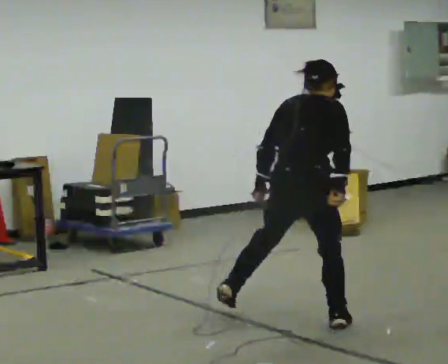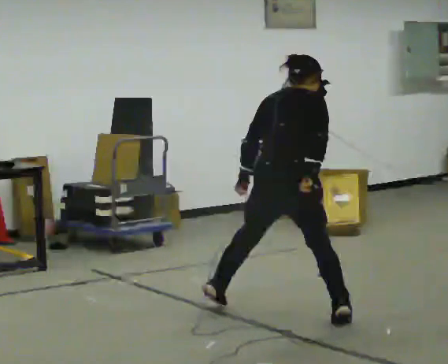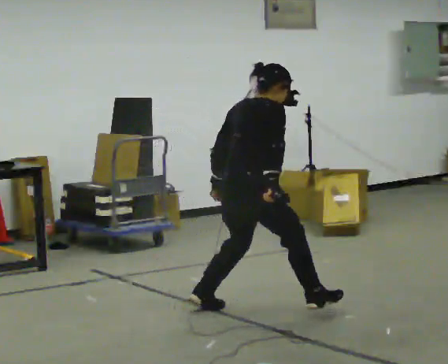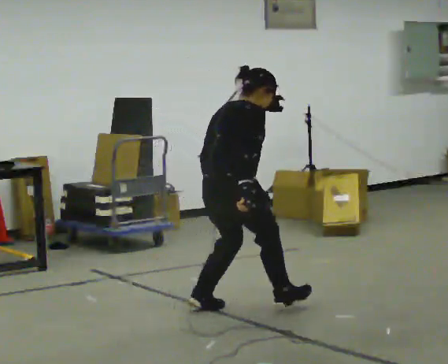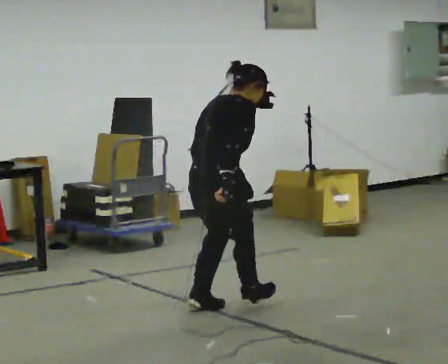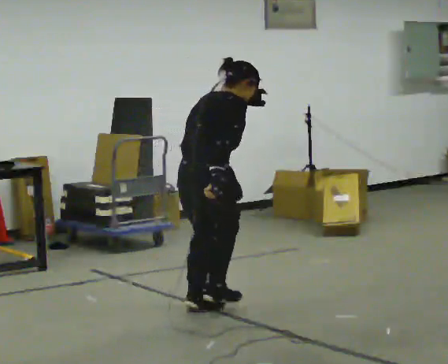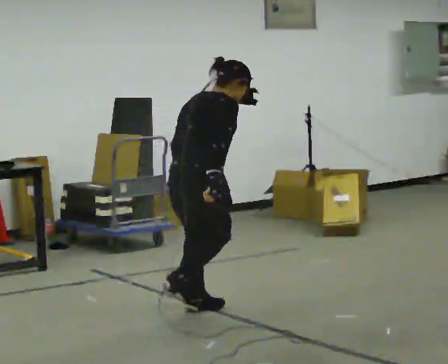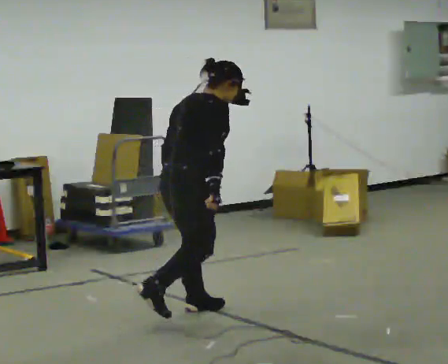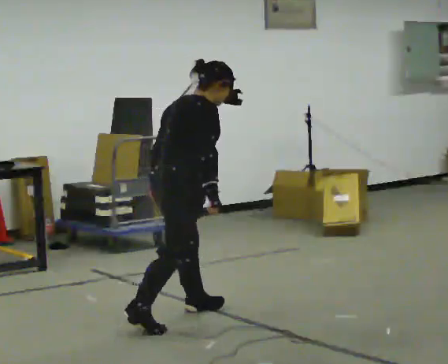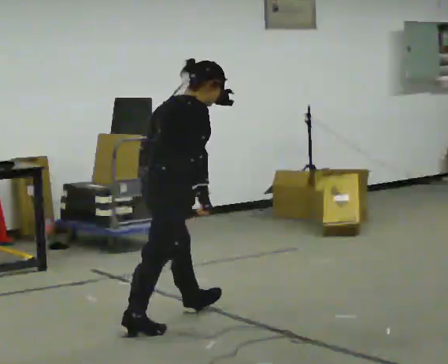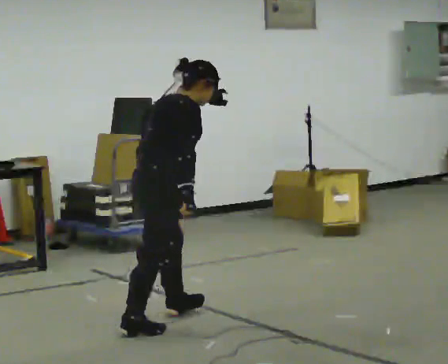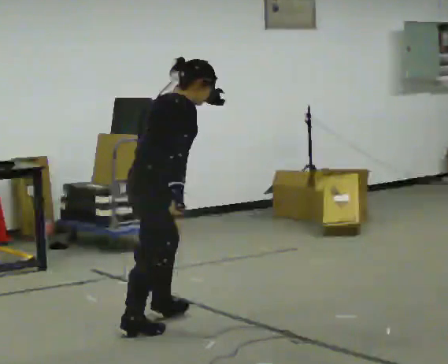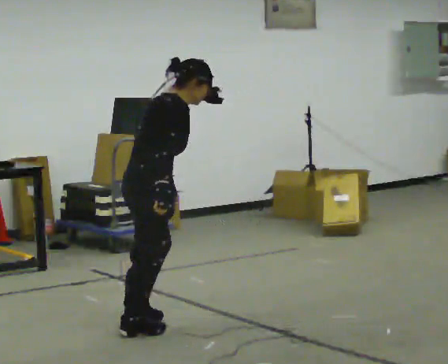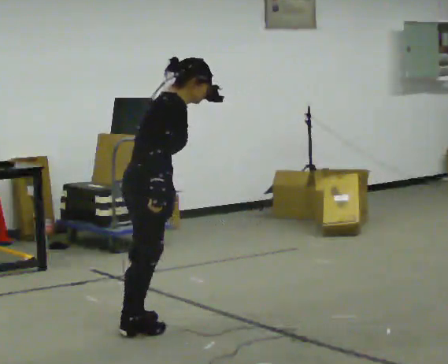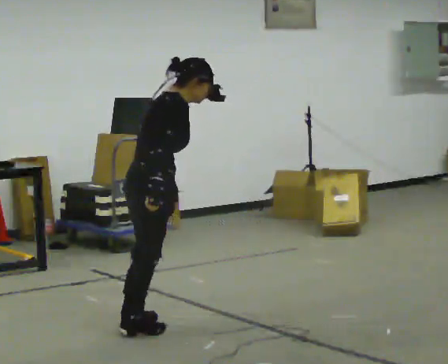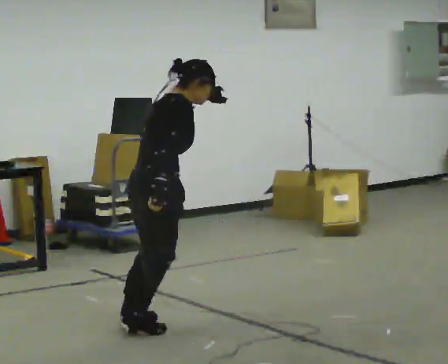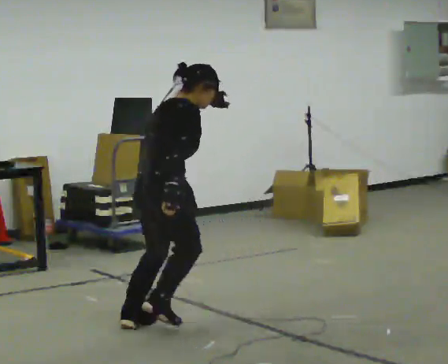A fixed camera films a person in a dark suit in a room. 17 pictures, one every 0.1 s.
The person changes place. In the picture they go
to the left.
0.0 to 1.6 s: The part of the body nearest the lens slides to the left as the person turns to their right by about 45 degrees. In the picture they go to the left, about 1 m in 3 steps, which for them is backward and to their left.
The film runs backward here.
